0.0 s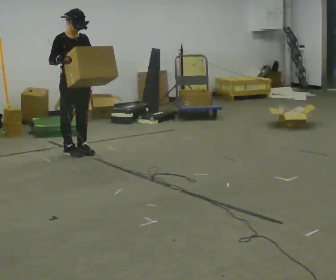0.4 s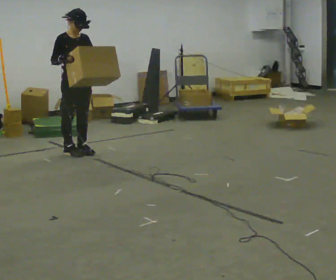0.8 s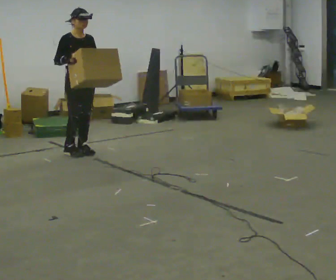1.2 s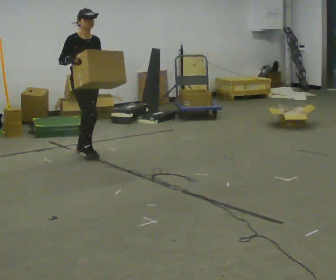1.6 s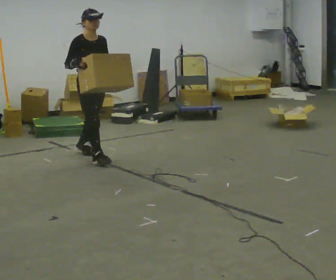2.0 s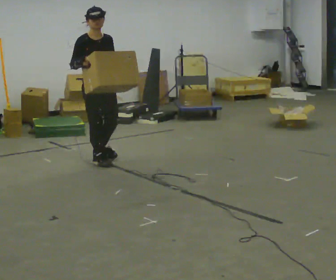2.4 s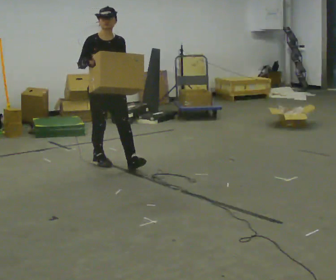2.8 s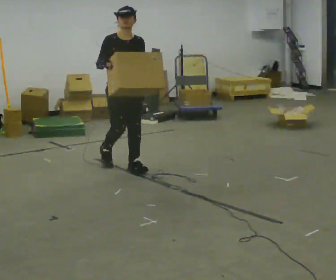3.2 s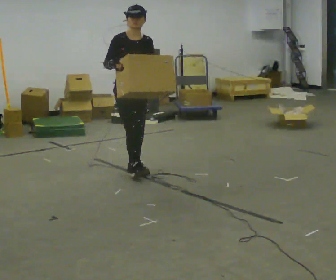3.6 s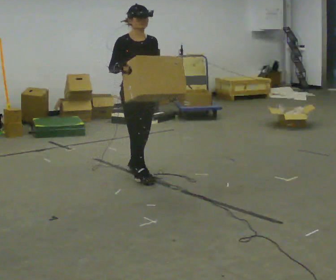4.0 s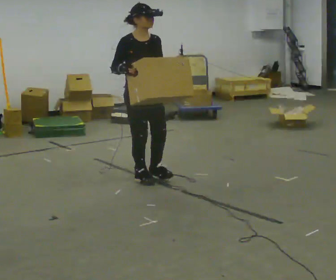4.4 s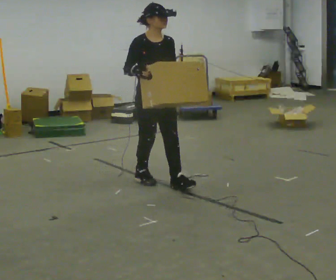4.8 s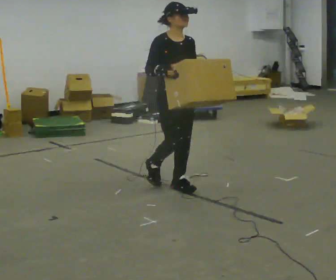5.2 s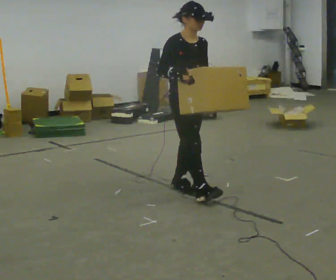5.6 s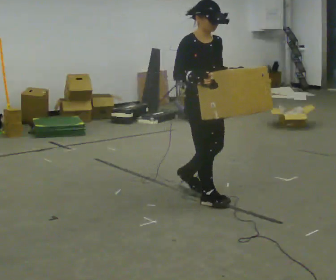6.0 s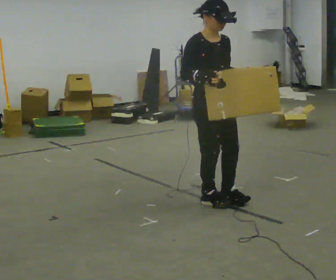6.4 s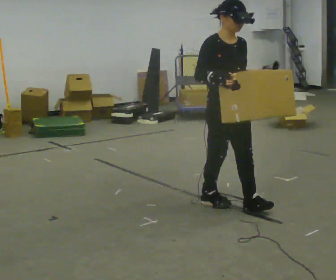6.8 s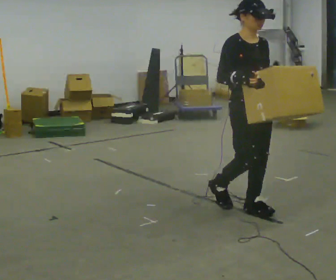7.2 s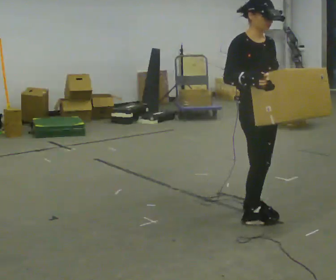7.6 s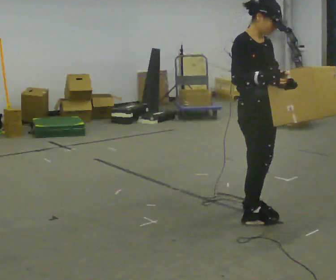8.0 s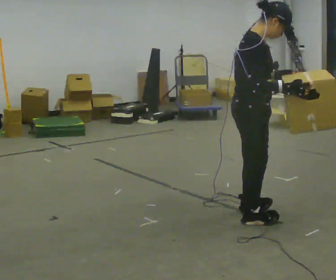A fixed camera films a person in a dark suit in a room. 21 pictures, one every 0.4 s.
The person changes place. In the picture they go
toward the camera.
0.0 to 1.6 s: In the picture they go toward the camera and to the right, about 0.25 m in 1 step, which for them is forward.
1.6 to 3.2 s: In the picture they go toward the camera and to the right, about 0.5 m in 1 step, which for them is forward.
3.2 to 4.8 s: In the picture they go toward the camera and to the right, about 0.75 m in 2 steps, which for them is forward.
4.8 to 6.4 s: In the picture they go toward the camera and to the right, about 0.5 m in 2 steps, which for them is forward.
6.4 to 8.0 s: The part of the body nearest the lens slides to the right as the person turns to their left by about 60 degrees. In the picture they go toward the camera, about 0.25 m in 1 step, which for them is forward and to their right.
The film runs forward here.
